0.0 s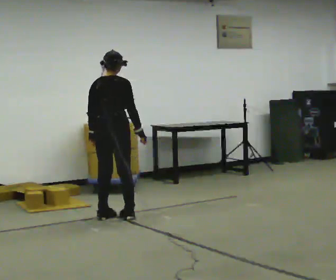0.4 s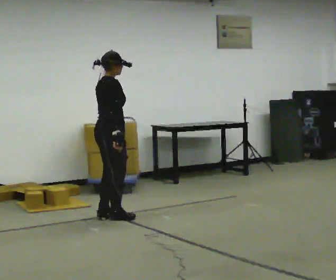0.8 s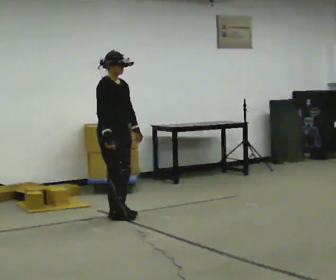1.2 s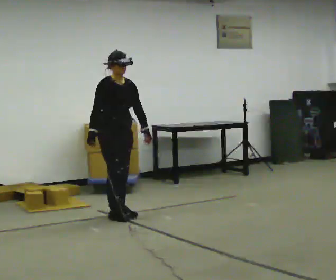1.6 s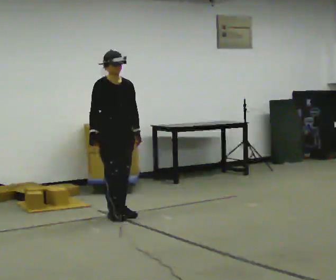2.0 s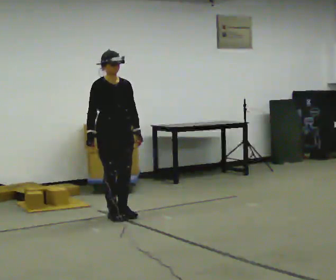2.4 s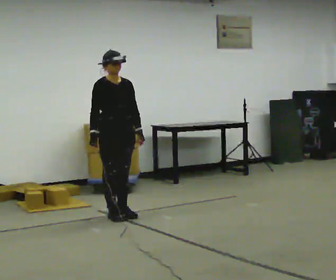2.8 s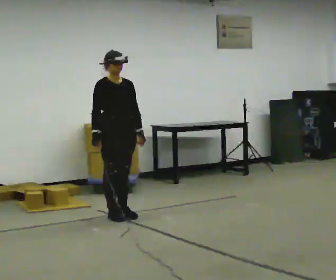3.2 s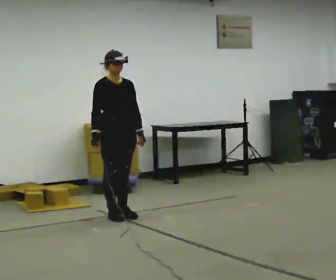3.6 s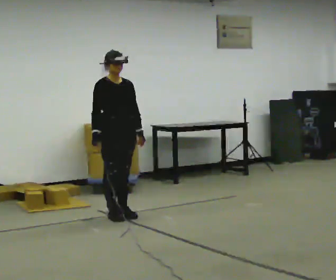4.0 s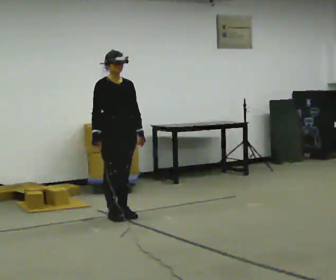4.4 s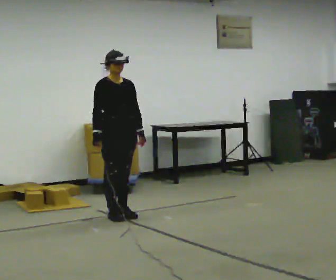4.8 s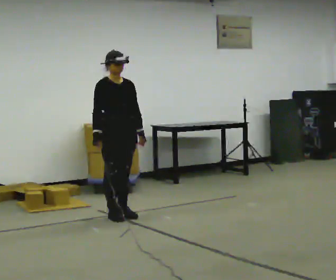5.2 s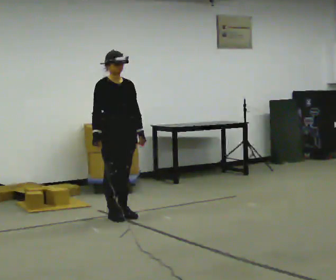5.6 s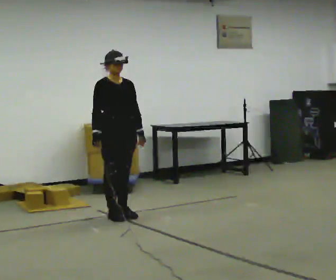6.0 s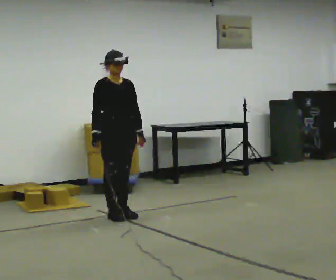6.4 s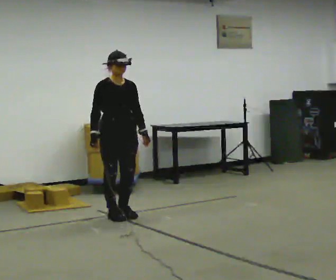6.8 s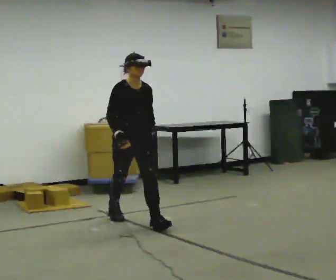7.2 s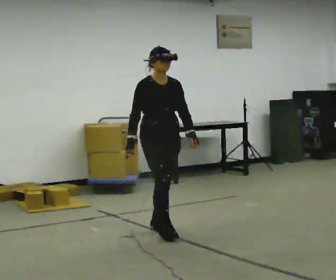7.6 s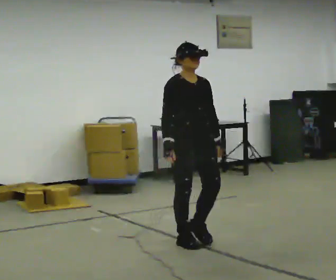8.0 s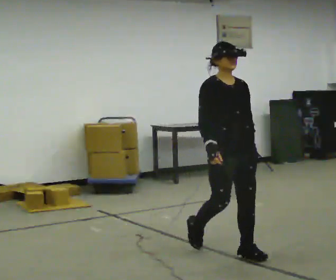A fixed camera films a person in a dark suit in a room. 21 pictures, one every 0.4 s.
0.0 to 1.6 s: Seen from above the body turns clockwise, about 120 degrees: to their right, with its near side sliding to the left. In the picture their right hand goes to the left, the arm swinging clockwise.
1.6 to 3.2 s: The person moves a little, or ends about where they began.
3.2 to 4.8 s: The person keeps their place and pose.
4.8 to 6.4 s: The person moves a little, or ends about where they began.
6.4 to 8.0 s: In the picture they go toward the camera and to the right, about 1.5 m in 3 steps, which for them is forward.
The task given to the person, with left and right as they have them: Stand still 2 s; begin walking naturally; walk forward; stop.
The film runs forward here.
